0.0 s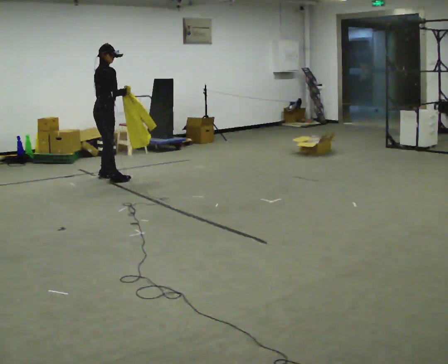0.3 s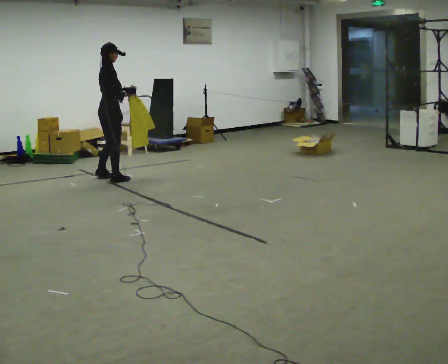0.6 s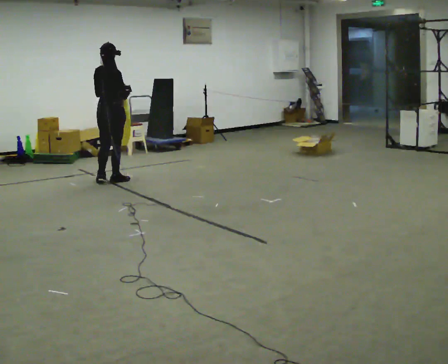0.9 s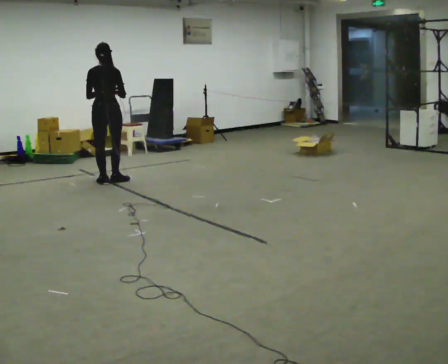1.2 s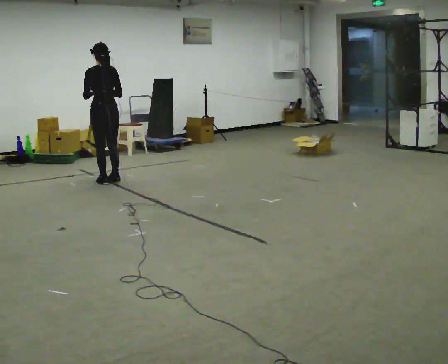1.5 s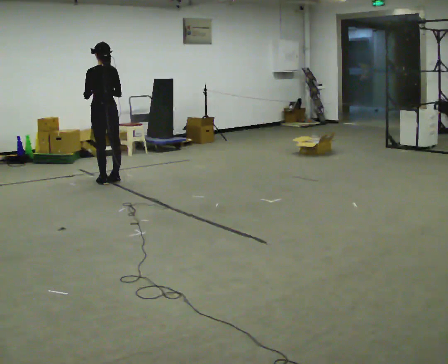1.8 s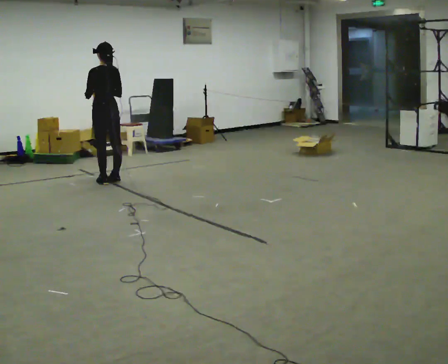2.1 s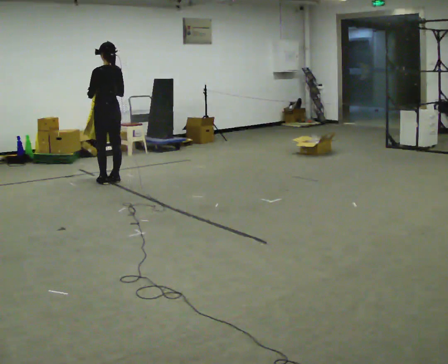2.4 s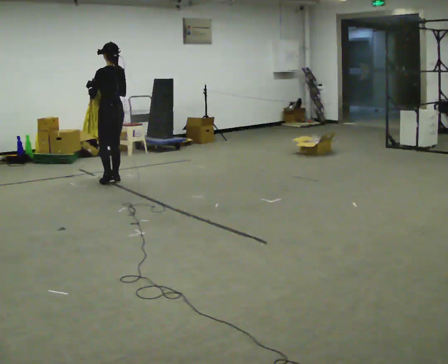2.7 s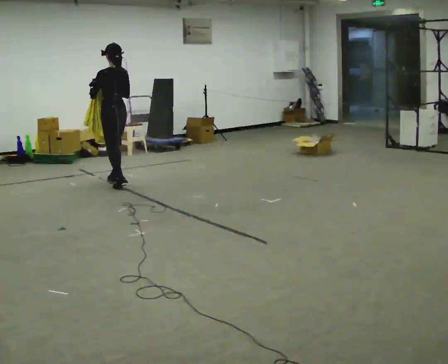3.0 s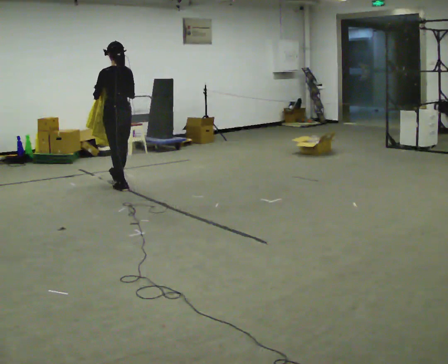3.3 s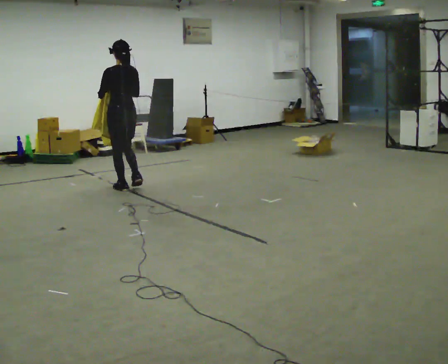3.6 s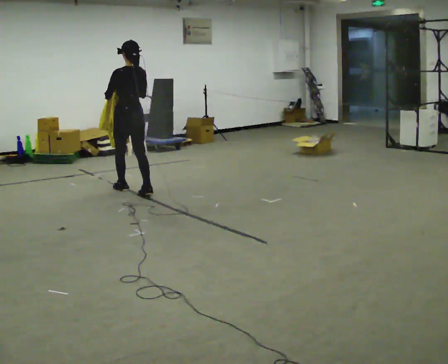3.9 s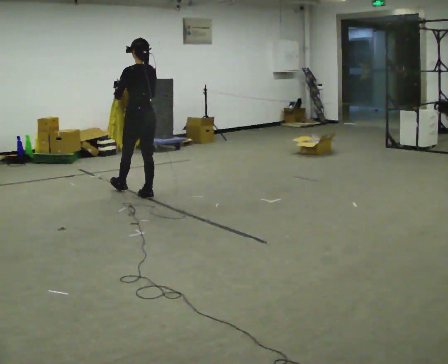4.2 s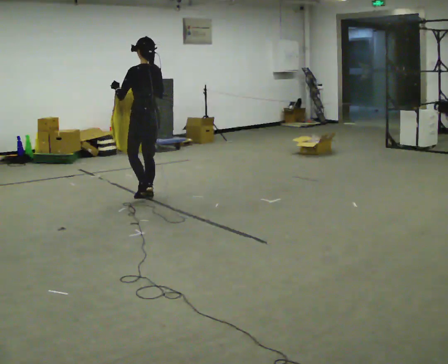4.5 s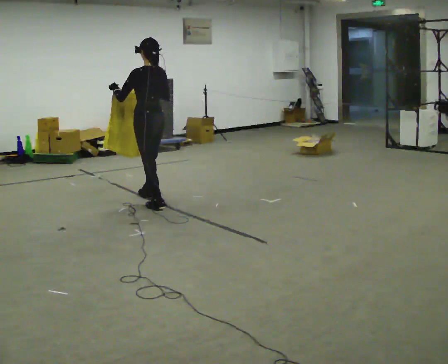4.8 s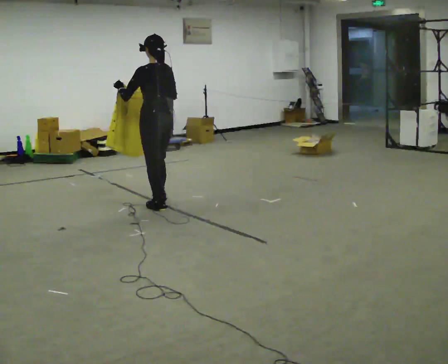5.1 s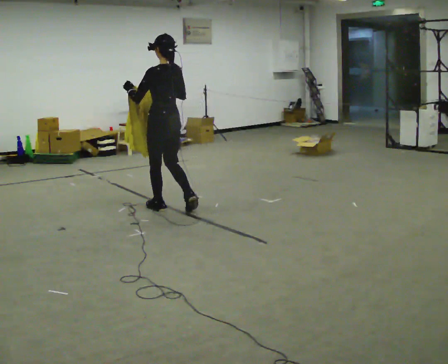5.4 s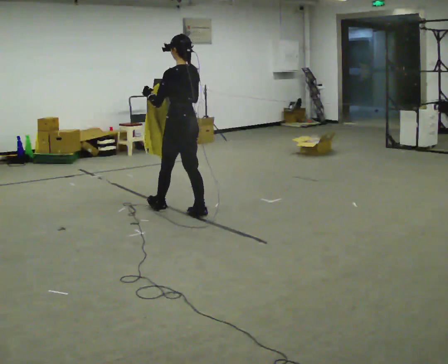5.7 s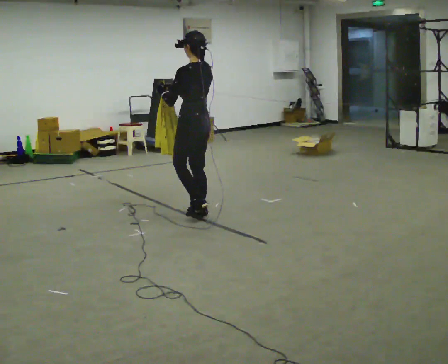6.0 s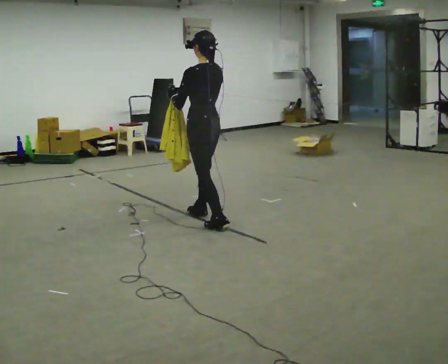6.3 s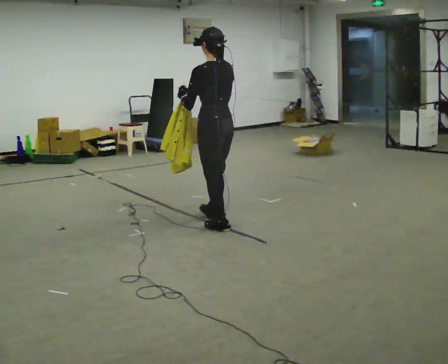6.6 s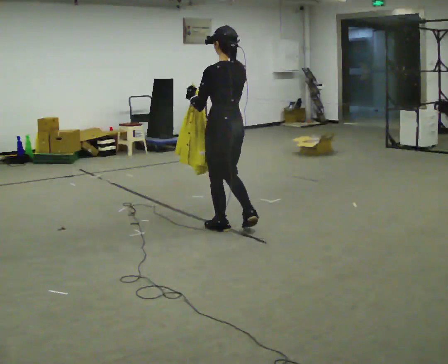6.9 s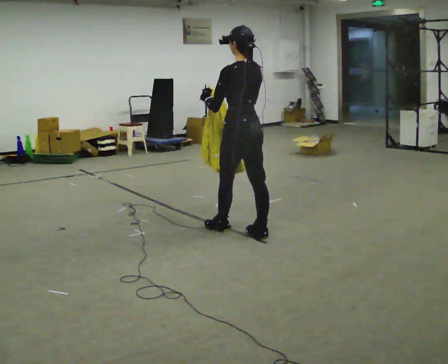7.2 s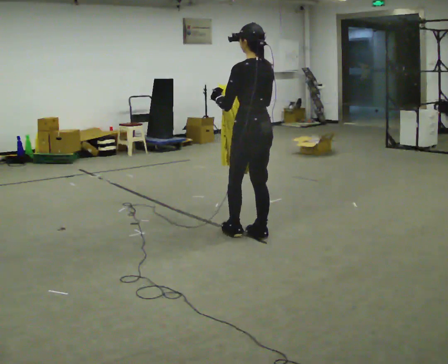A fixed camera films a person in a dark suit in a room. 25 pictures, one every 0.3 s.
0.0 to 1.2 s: The part of the body nearest the lens slides to the right as the person turns to their left by about 135 degrees. In the picture they go toward the camera, about 0.25 m in 1 step.
1.2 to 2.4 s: Seen from above the body turns counterclockwise, about 30 degrees: to their left, with its near side sliding to the right.
2.4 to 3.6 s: In the picture they go toward the camera, about 0.5 m in 1 step, which for them is backward.
3.6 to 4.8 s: In the picture they go toward the camera, about 0.75 m in 2 steps, which for them is backward.
4.8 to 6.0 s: In the picture they go toward the camera and to the right, about 0.75 m in 1 step, which for them is backward.
6.0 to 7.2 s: In the picture they go toward the camera and to the right, about 0.5 m in 2 steps, which for them is backward.
The film runs backward here.
